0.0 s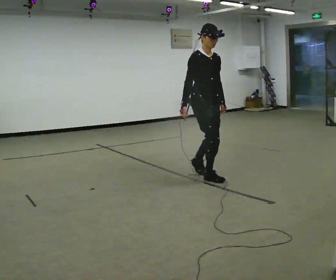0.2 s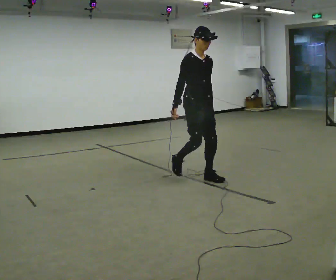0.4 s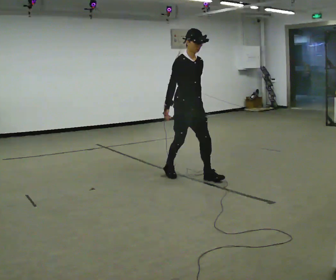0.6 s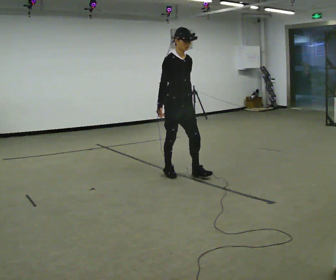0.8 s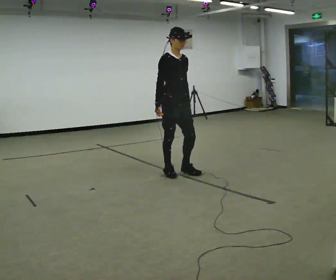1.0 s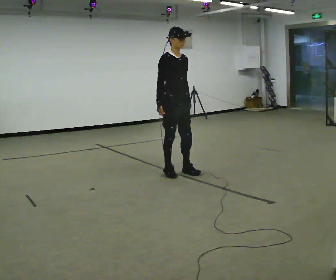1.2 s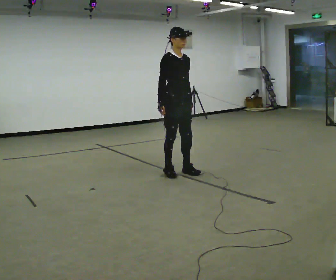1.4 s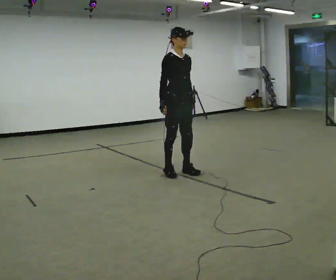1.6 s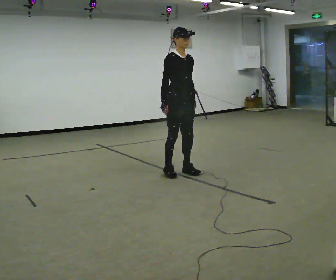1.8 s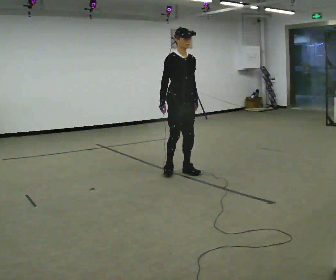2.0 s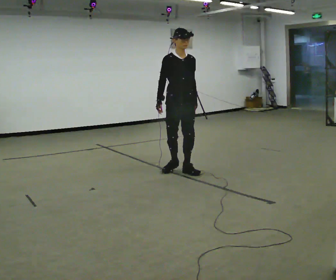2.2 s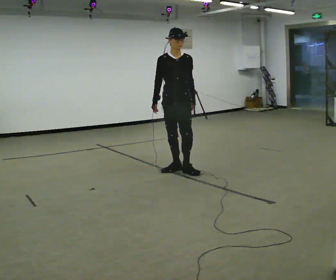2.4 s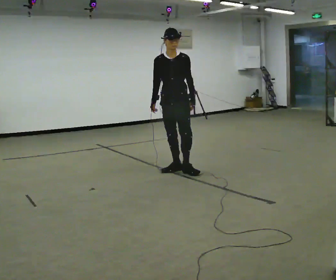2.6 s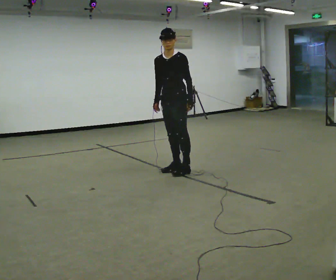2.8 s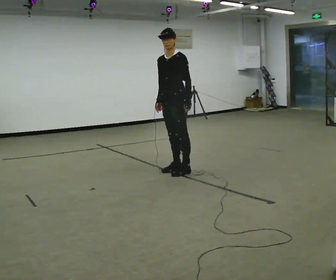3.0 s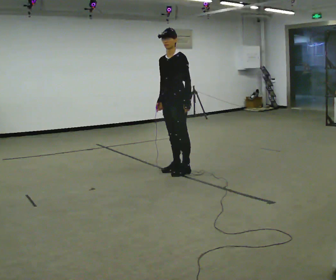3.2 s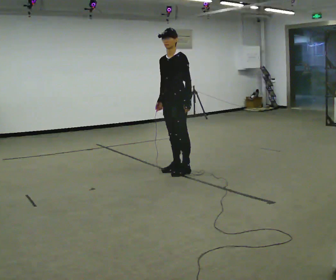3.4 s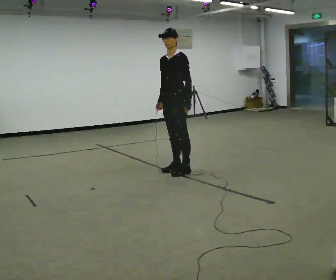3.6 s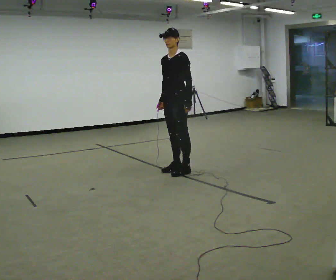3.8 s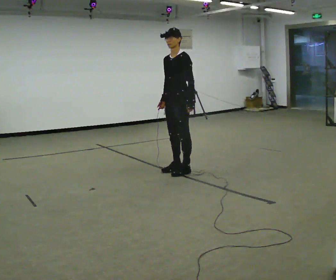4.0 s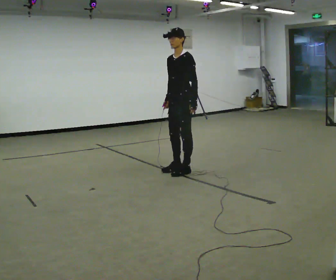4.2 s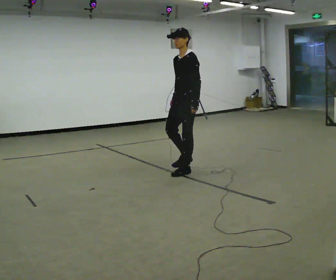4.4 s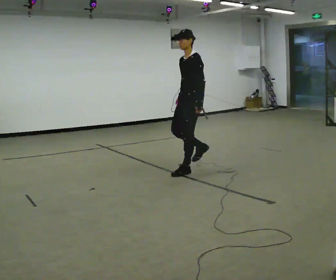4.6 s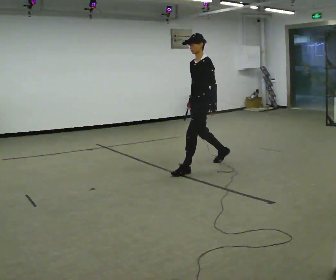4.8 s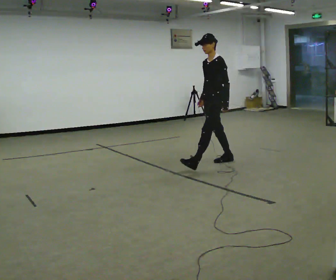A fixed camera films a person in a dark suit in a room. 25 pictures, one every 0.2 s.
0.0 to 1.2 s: In the picture they go away from the camera and to the left, about 0.5 m in 1 step, which for them is backward.
1.2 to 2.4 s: Seen from above the body turns clockwise, about 45 degrees: to their right, with its near side sliding to the left.
2.4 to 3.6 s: The person turns about 45 degrees to their right, clockwise seen from above, so the part of the body nearest the lens slides to the left.
3.6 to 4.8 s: In the picture they go to the right and away from the camera, about 0.5 m in 2 steps, which for them is backward.
The film runs backward here.
